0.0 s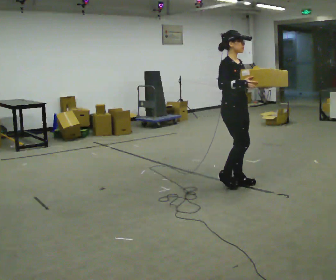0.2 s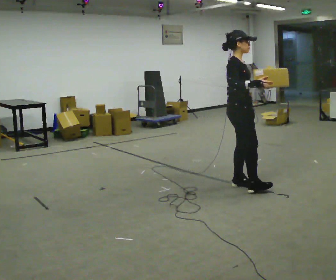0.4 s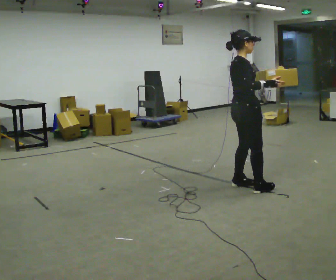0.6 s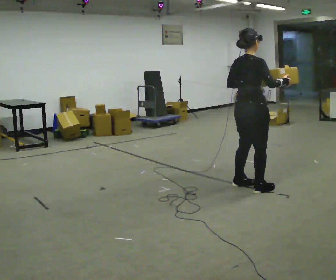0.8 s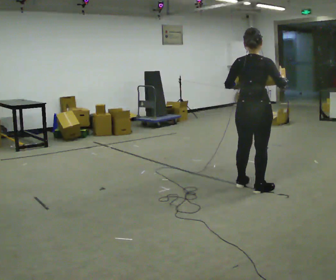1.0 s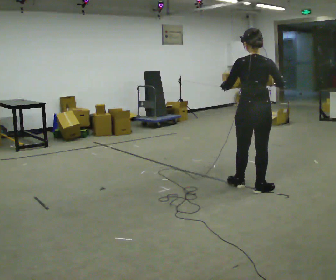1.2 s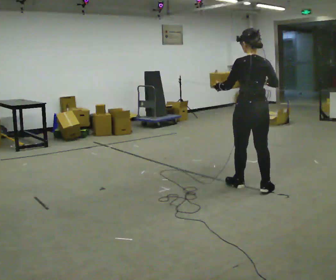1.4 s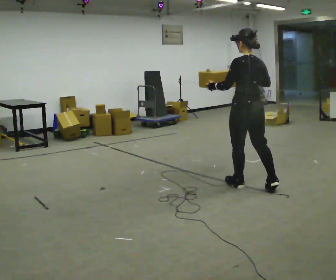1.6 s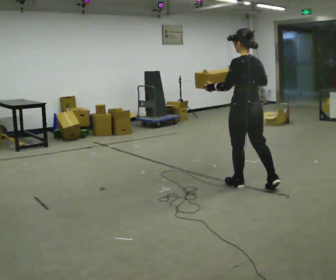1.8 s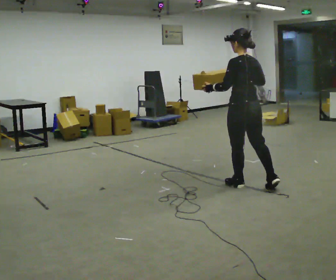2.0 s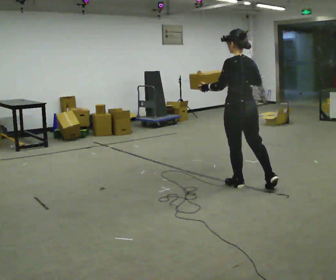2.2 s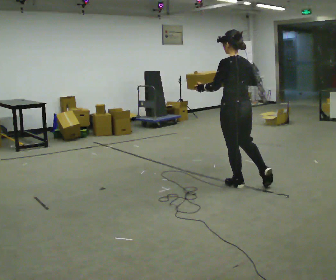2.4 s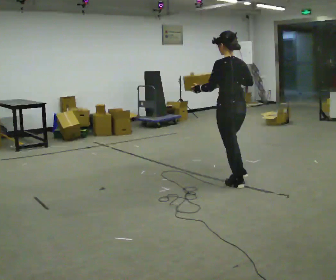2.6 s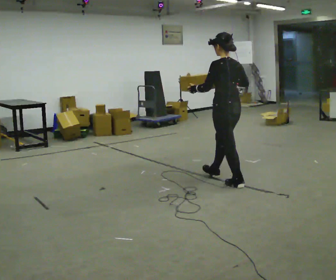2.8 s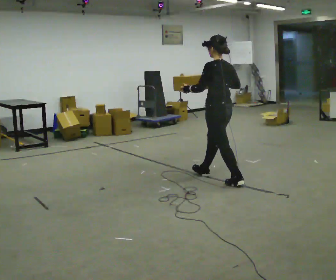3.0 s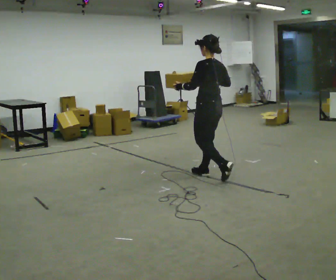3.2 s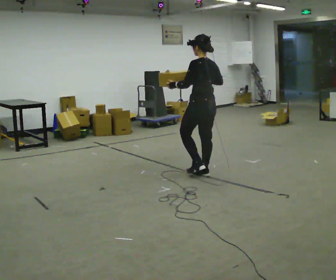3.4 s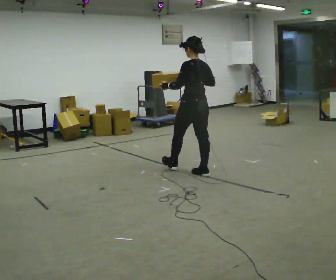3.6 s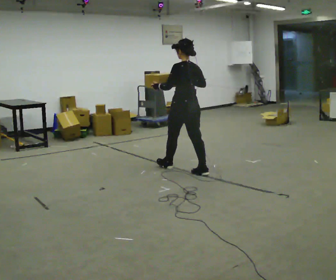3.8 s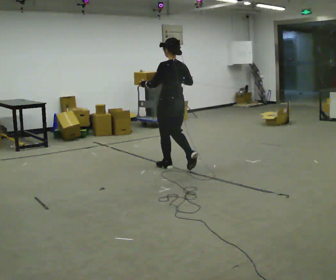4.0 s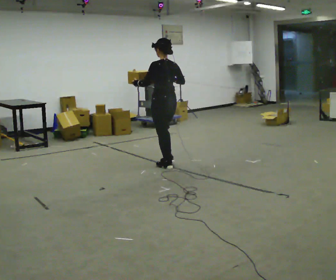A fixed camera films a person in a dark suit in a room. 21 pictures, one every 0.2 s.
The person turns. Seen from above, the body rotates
counterclockwise.
The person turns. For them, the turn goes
to their left.
0.0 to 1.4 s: The person turns about 150 degrees to their left, counterclockwise seen from above, so the part of the body nearest the lens slides to the right. In the picture they go to the right, about 0.25 m in 1 step.
1.4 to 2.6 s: In the picture they go to the left and away from the camera, about 0.25 m in 1 step, which for them is forward.
2.6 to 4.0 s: In the picture they go to the left and away from the camera, about 1 m in 2 steps, which for them is forward.
The film runs forward here.
